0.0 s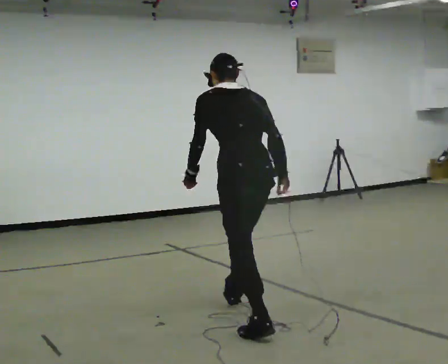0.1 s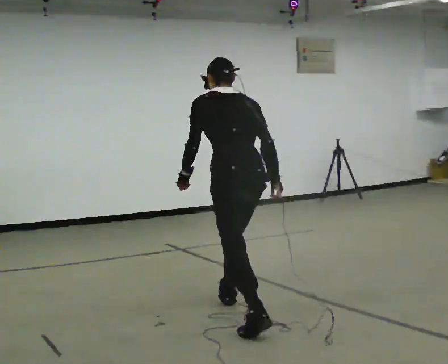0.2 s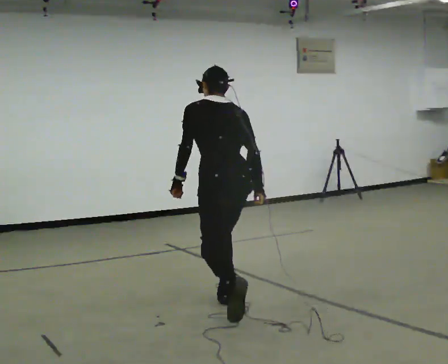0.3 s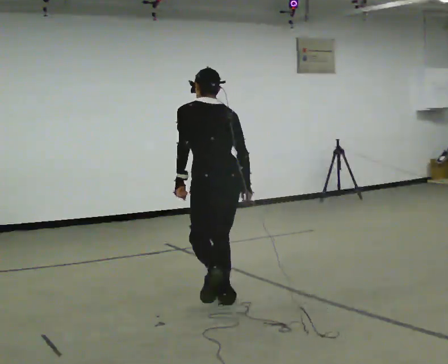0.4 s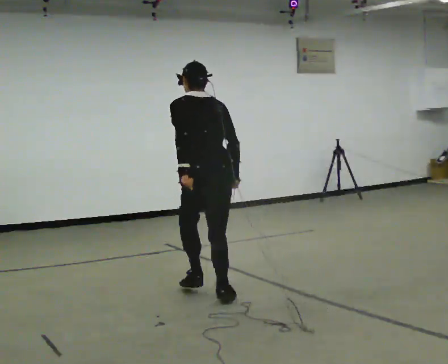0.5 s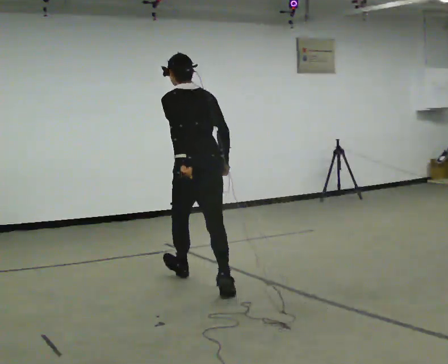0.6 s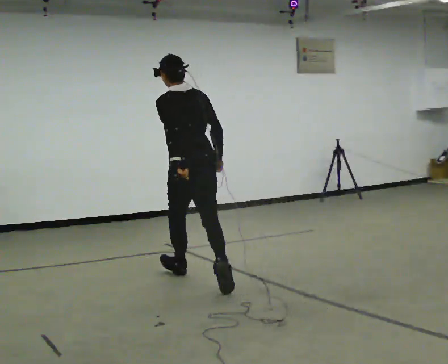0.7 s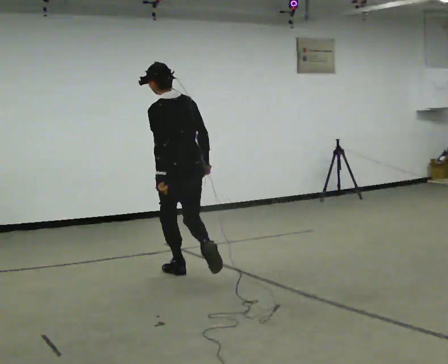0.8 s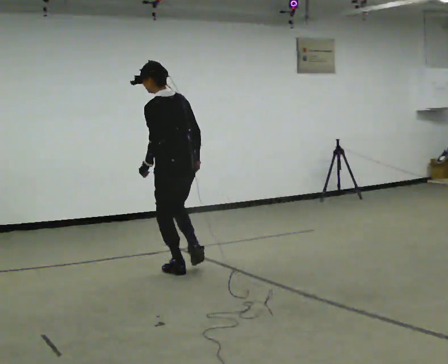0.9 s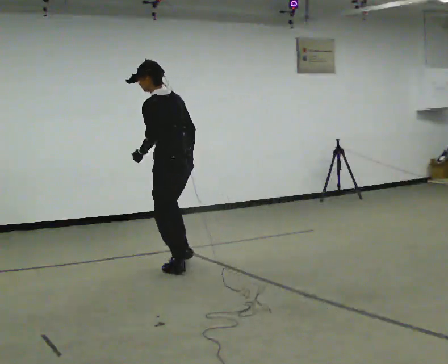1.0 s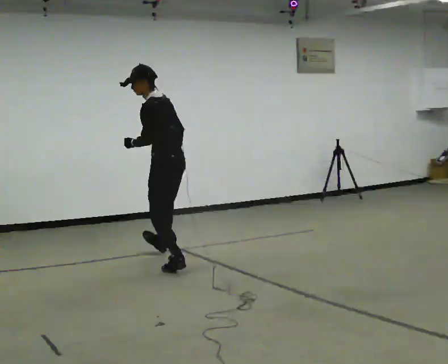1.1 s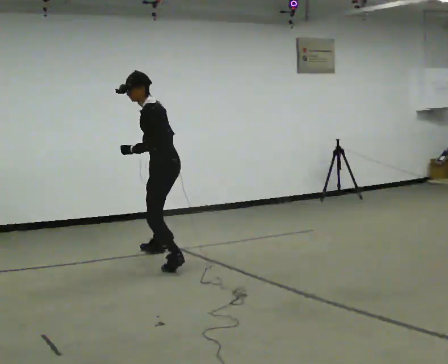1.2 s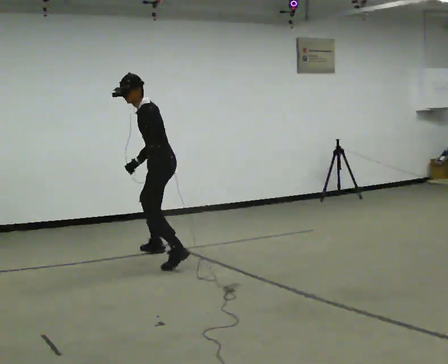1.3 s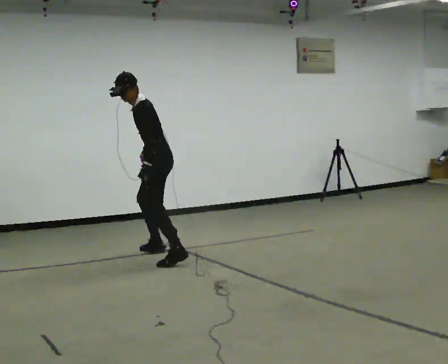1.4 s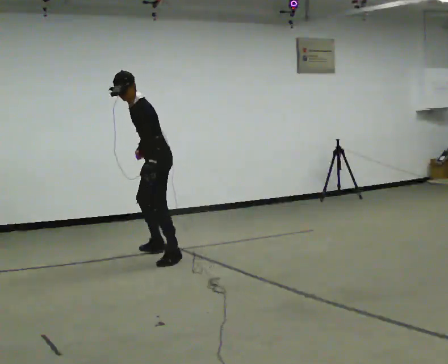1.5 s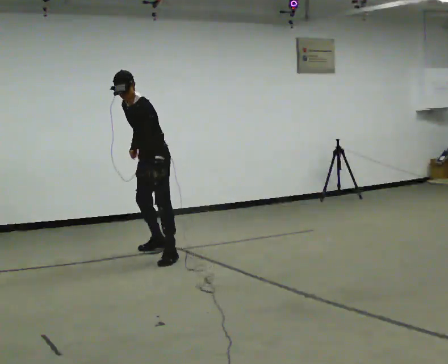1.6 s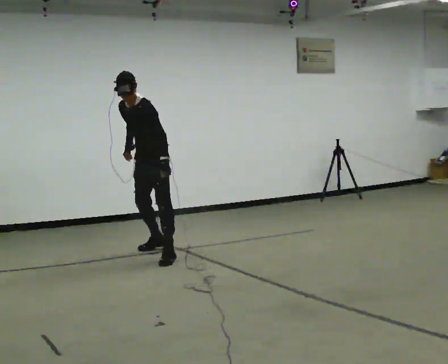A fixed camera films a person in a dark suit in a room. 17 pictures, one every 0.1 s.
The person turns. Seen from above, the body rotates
counterclockwise.
The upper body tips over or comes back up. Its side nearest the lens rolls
downward.
0.0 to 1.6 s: Seen from above the body turns counterclockwise, about 105 degrees: to their left, with its near side sliding to the right. In the picture they go away from the camera, about 2 m in 4 steps. The upper body tips toward the camera, its near side rolling downward.
The film runs forward here.
